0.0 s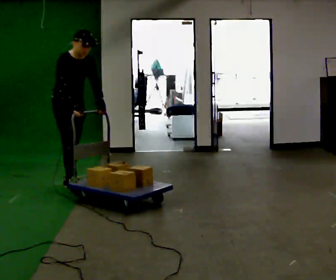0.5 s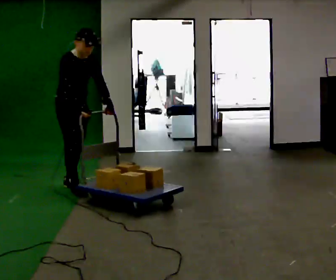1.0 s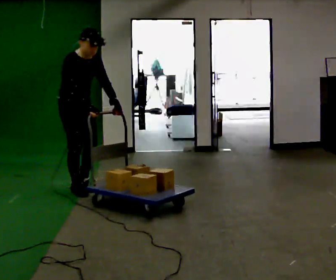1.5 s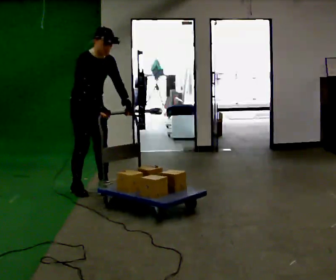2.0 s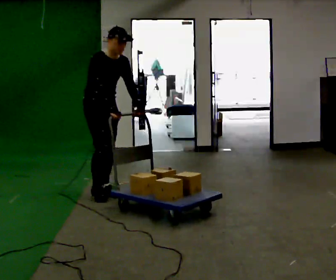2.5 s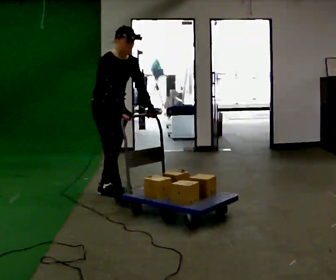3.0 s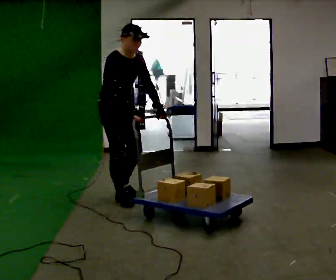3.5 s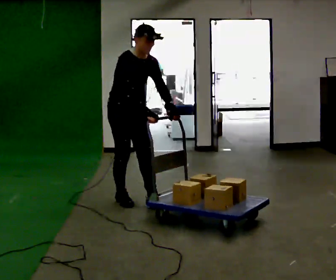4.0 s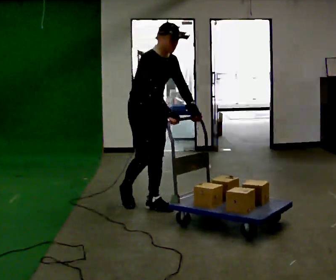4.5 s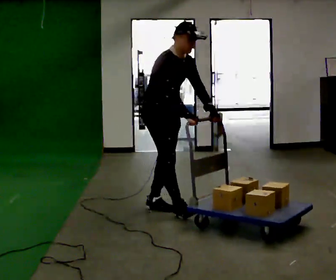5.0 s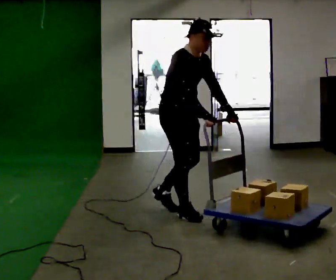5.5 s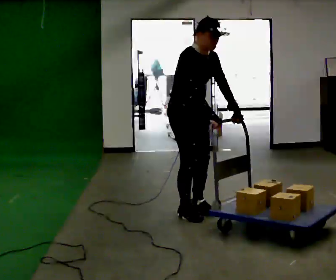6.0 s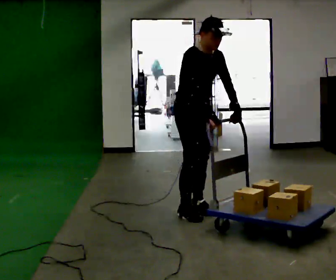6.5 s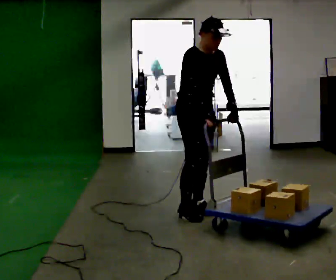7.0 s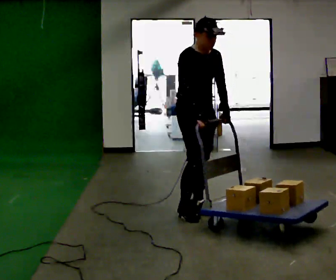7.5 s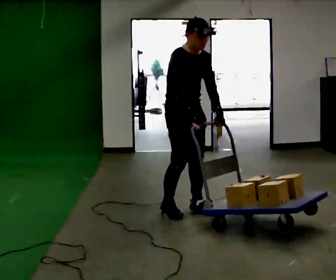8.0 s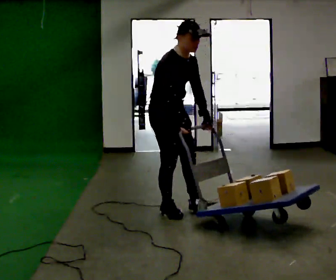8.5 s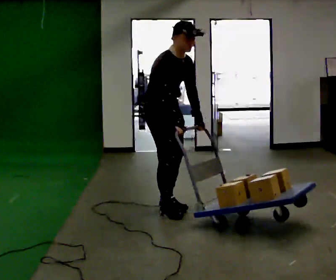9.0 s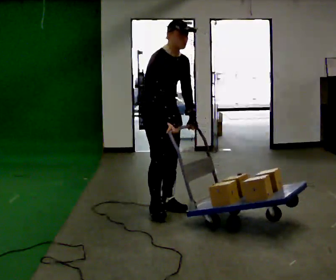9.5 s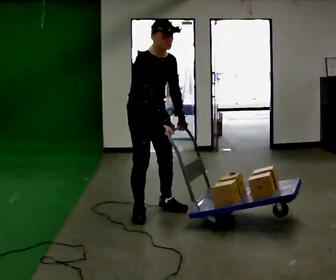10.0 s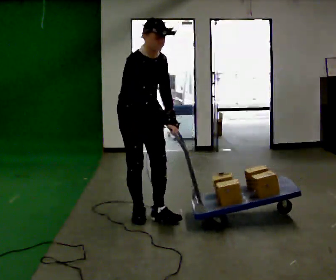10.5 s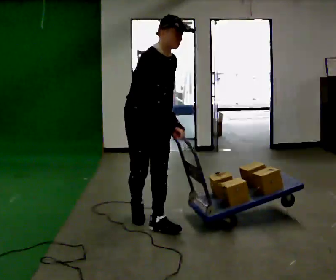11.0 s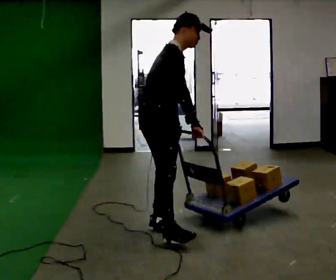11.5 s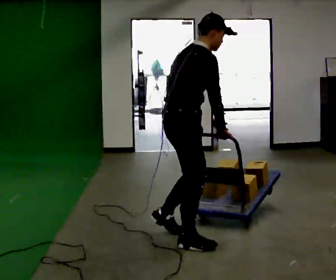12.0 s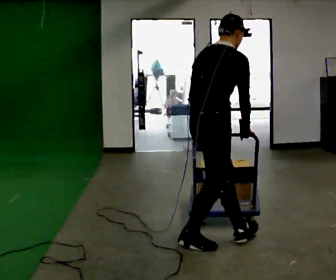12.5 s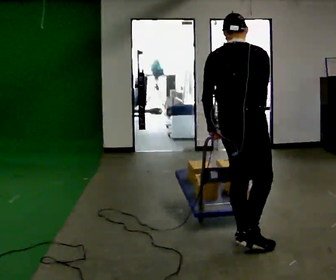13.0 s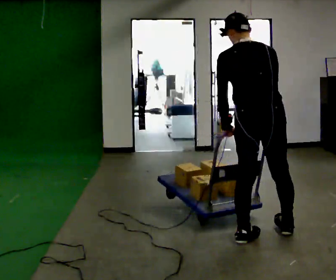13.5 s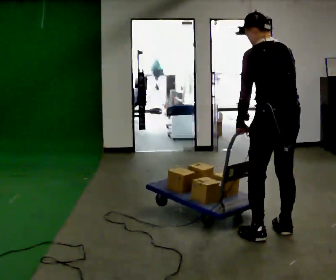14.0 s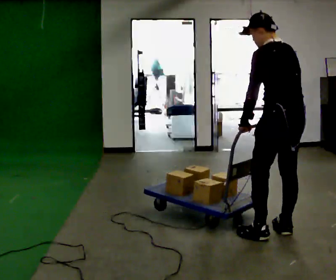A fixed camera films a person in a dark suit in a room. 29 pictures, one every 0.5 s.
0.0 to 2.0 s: In the picture they go to the right and toward the camera, about 0.5 m in 1 step, which for them is forward.
2.0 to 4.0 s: In the picture they go to the right and toward the camera, about 0.75 m in 2 steps, which for them is forward.
4.0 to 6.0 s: In the picture they go to the right and toward the camera, about 0.5 m in 2 steps, which for them is forward.
6.0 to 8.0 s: In the picture they go to the left, about 0.25 m, which for them is backward and to their right.
8.0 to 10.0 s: In the picture they go to the left and toward the camera, about 0.25 m in 2 steps, which for them is to their right.
10.0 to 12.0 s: The person turns about 75 degrees to their left, counterclockwise seen from above, so the part of the body nearest the lens slides to the right. In the picture they go toward the camera and to the right, about 1 m in 3 steps. The upper body tips away from the camera, its near side rolling upward.
12.0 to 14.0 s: The person turns about 105 degrees to their left, counterclockwise seen from above, so the part of the body nearest the lens slides to the right. In the picture they go to the right, about 0.5 m in 2 steps. In the picture the upper body tilts counterclockwise, shoulders to the left.
The film runs forward here.
